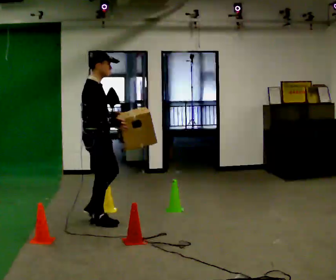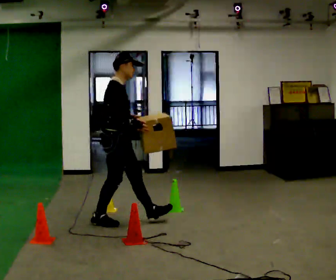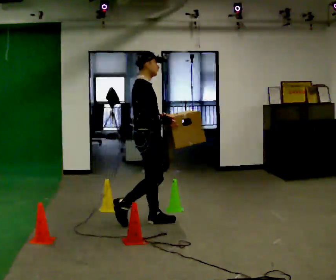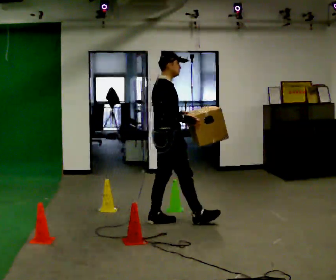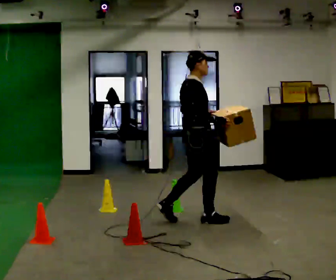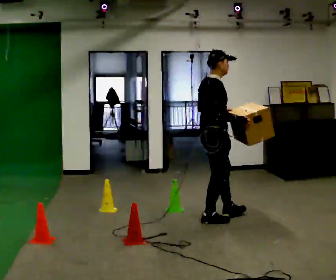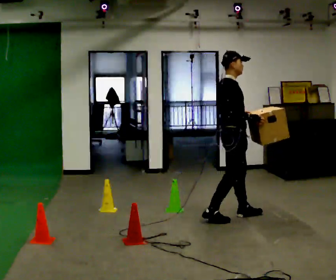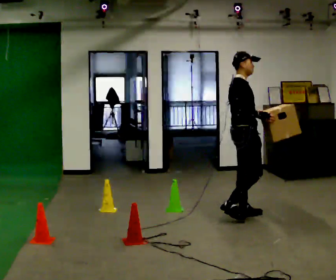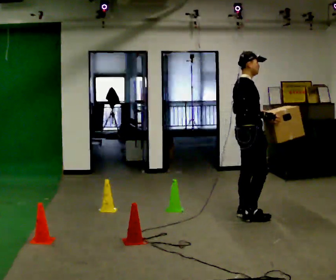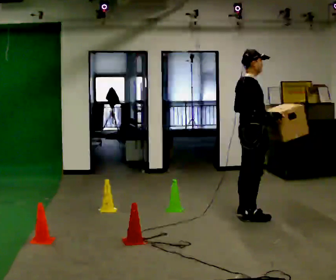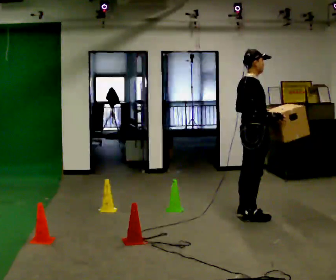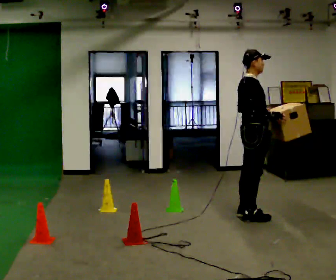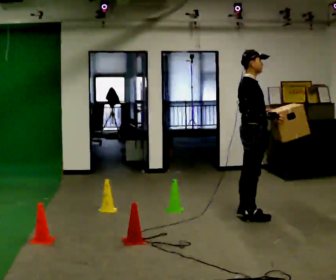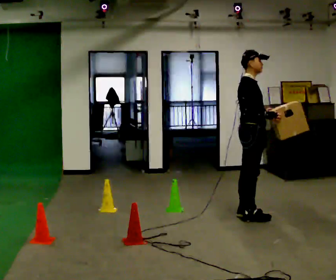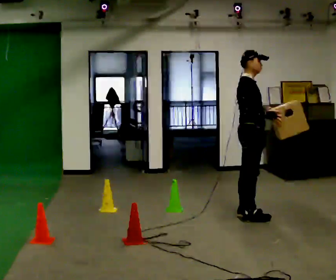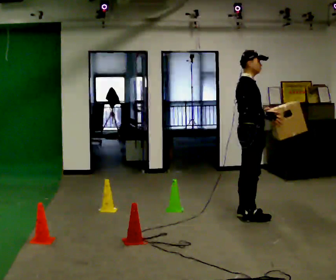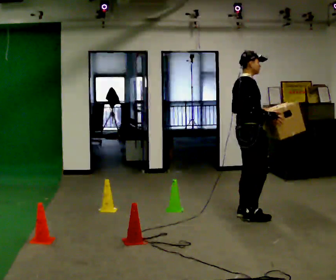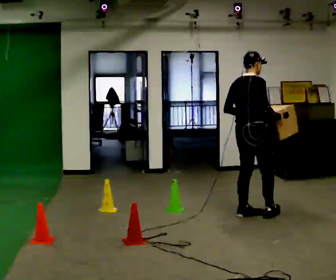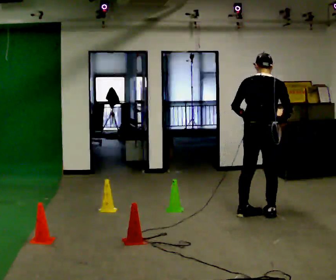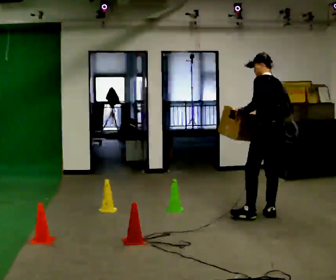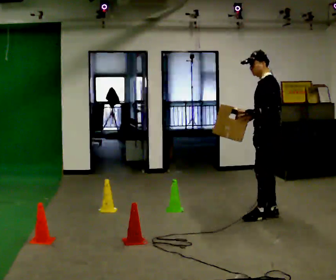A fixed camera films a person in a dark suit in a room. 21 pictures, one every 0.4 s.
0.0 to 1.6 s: In the picture they go to the right and away from the camera, about 1 m in 2 steps, which for them is forward.
1.6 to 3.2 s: In the picture they go to the right and away from the camera, about 0.5 m in 2 steps, which for them is forward.
3.2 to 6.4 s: The person moves a little, or ends about where they began.
6.4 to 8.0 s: The person turns about 165 degrees to their left, counterclockwise seen from above, so the part of the body nearest the lens slides to the right. In the picture they go to the right, about 0.25 m in 2 steps.
The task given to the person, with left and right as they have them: Carry the box through the gap between the panels without touching either side, then set it down and bring it back. Keep going until the operator says stop; one object at a time, and do not rush between trips.
The film runs forward here.
